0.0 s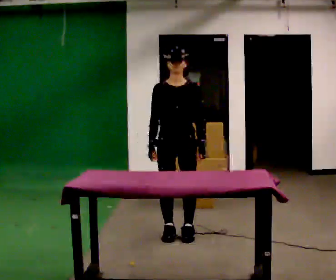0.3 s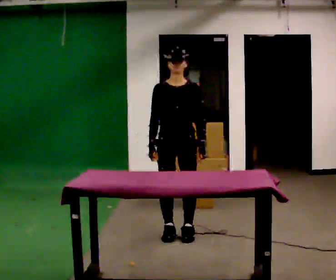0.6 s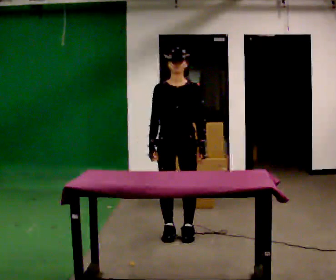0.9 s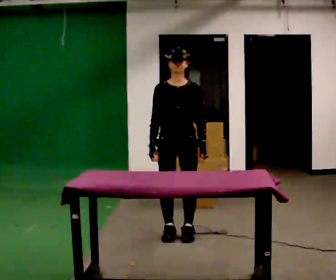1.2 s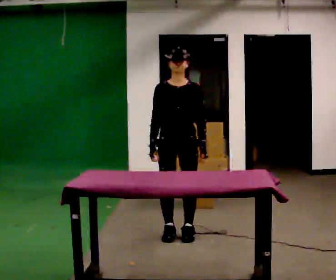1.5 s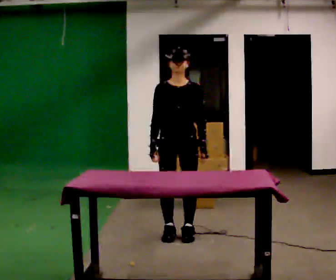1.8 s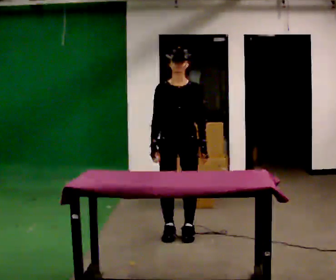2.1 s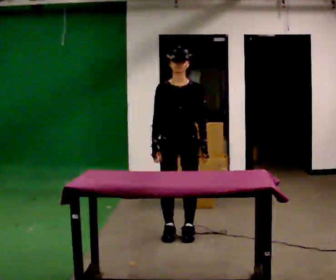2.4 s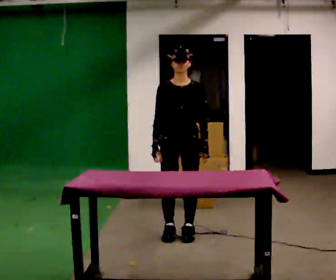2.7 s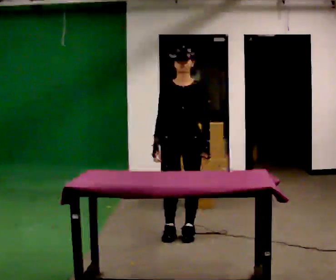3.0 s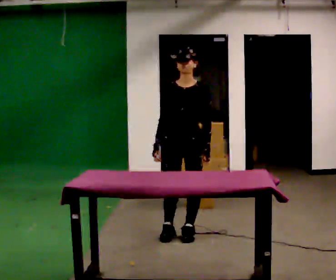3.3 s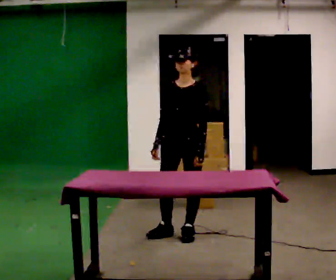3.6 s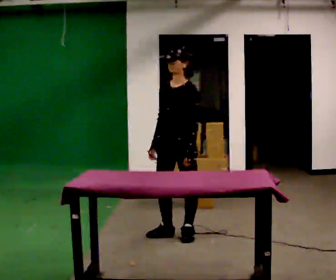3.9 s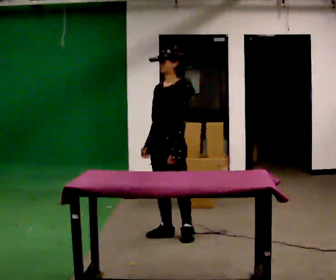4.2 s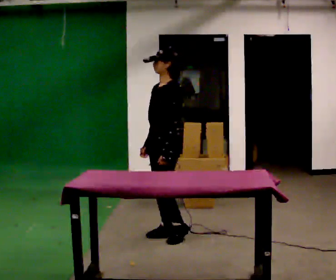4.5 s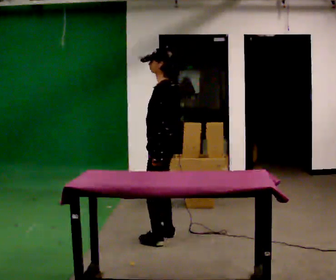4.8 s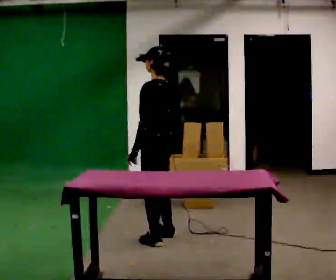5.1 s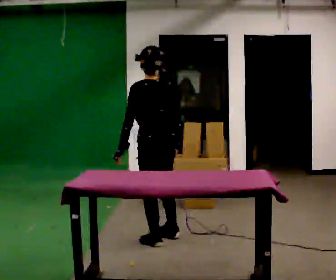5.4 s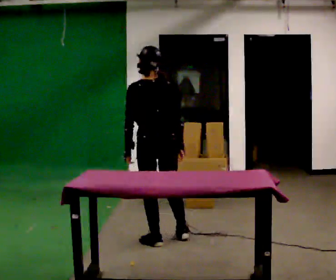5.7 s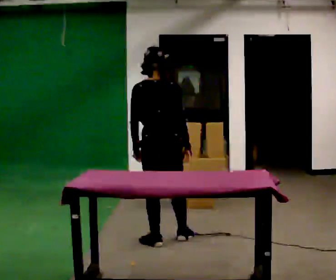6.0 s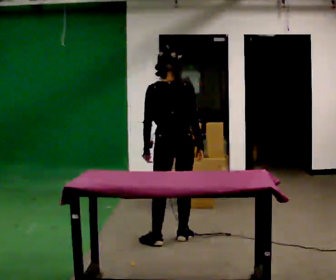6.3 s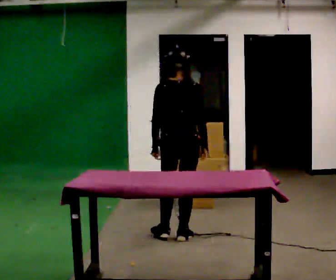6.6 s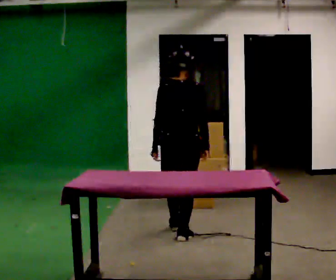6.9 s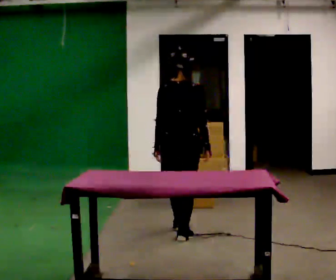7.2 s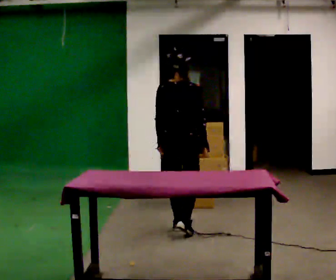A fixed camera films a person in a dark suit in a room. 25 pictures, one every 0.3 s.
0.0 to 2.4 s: The person moves a little, or ends about where they began.
2.4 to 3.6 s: The part of the body nearest the lens slides to the left as the person turns to their right by about 45 degrees.
3.6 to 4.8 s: The person turns about 75 degrees to their right, clockwise seen from above, so the part of the body nearest the lens slides to the left. In the picture they go to the left and toward the camera, about 0.25 m in 1 step. In the picture their left hand goes to the left.
4.8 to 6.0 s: The person turns about 60 degrees to their right, clockwise seen from above, so the part of the body nearest the lens slides to the left.
6.0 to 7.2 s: In the picture they go away from the camera, about 0.25 m in 1 step, which for them is forward.
The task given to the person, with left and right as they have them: 1. Look at the shelf and see which spaces are empty. 2. Find matching items in the bins on the floor. 3. Fill the empty spaces on the shelf. 4. Tell the operator when you are finished.
The film runs forward here.
